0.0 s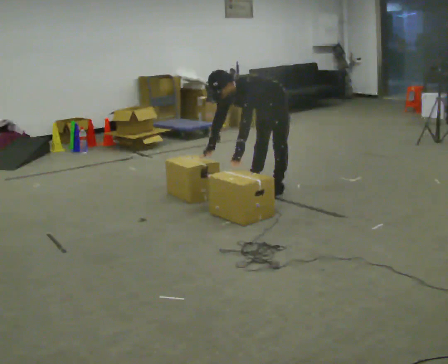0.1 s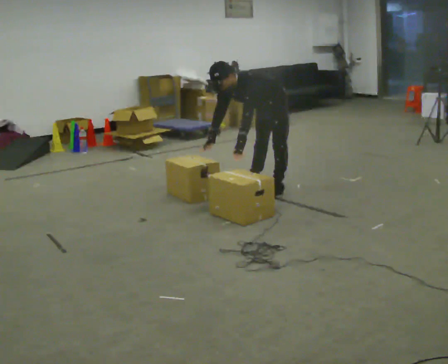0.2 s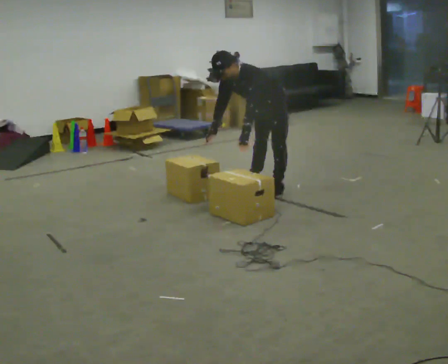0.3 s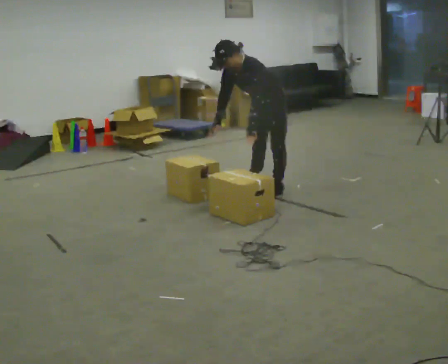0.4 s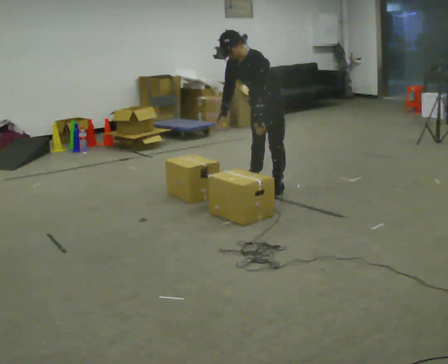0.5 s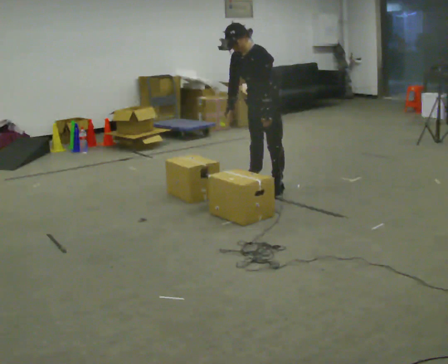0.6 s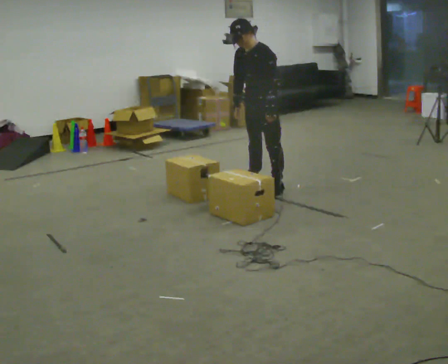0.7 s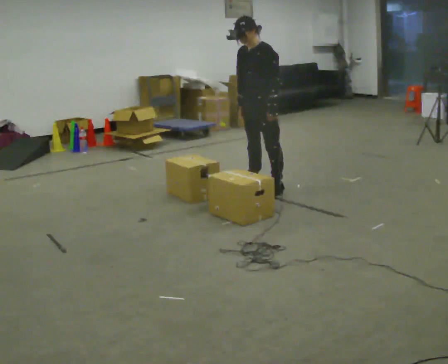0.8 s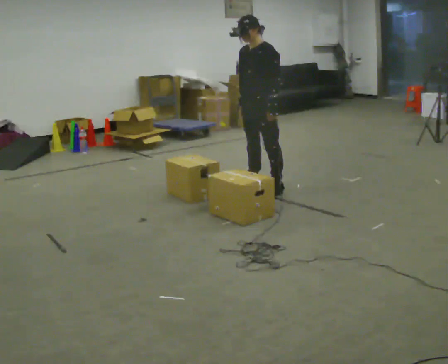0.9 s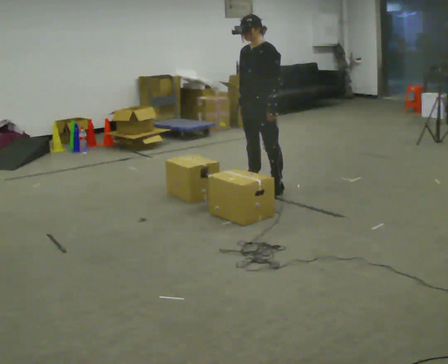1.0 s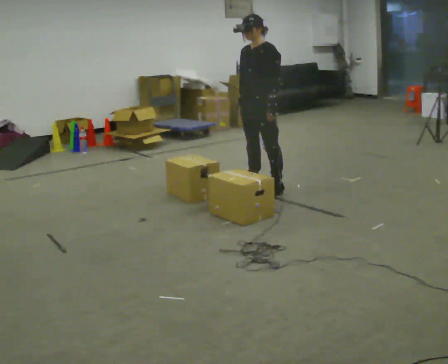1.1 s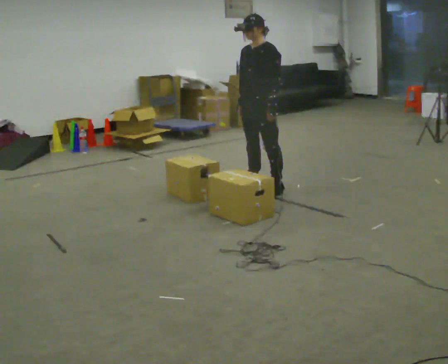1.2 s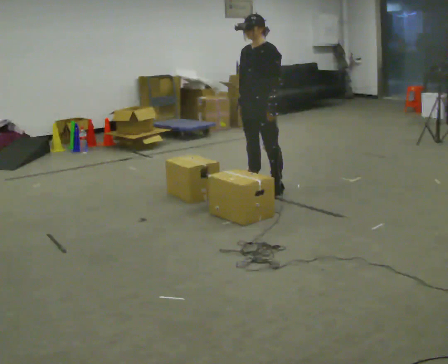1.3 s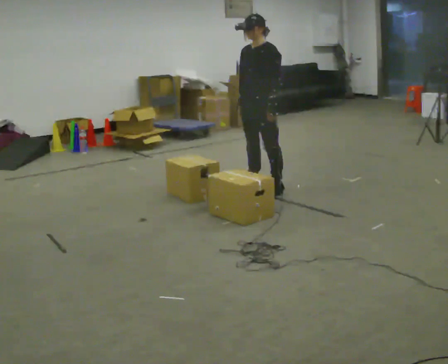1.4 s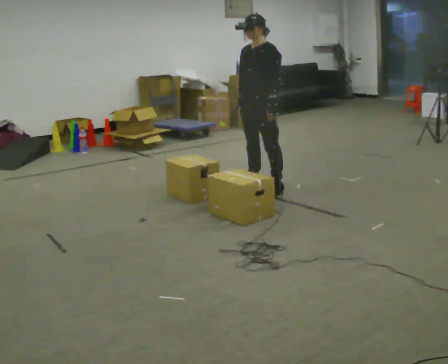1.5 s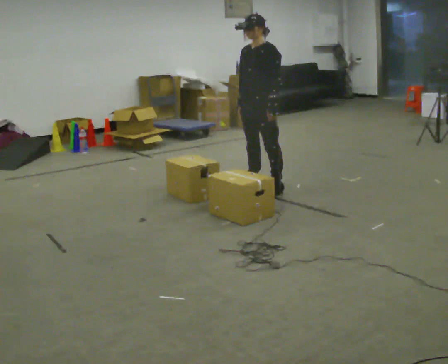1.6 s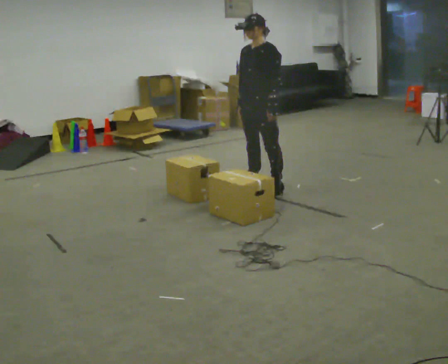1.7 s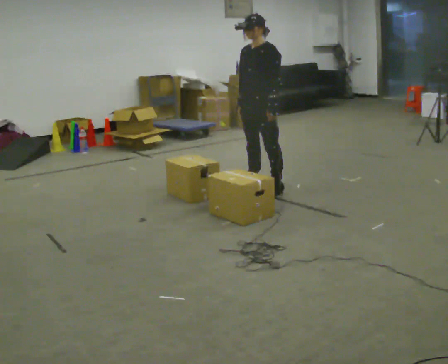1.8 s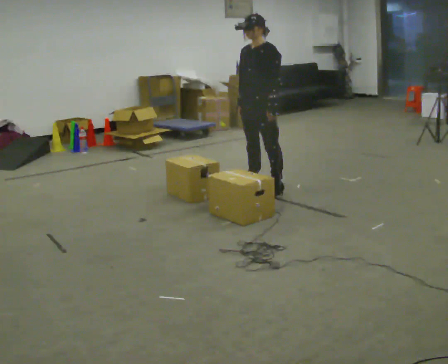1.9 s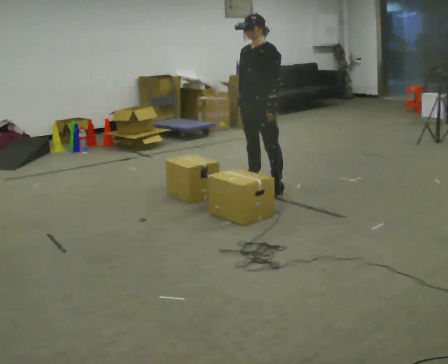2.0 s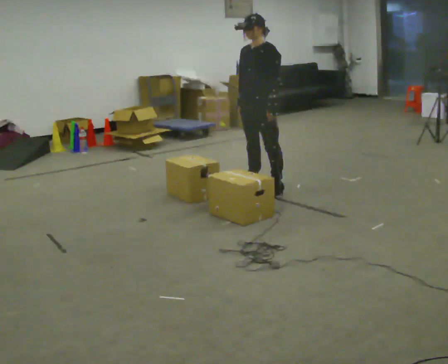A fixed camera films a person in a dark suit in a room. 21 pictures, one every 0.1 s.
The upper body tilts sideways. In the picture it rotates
clockwise.
The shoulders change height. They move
upward.
0.0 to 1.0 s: The upper body goes upward. In the picture the upper body tilts clockwise, shoulders to the right, as they lean back or straighten. In the picture their left hand goes upward and to the right.
1.0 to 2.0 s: The person keeps their place and pose.
The film runs backward here.
